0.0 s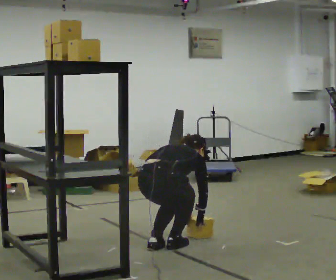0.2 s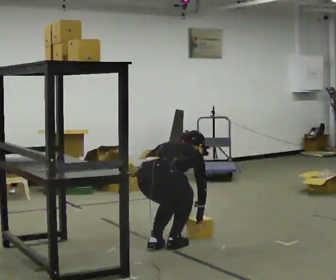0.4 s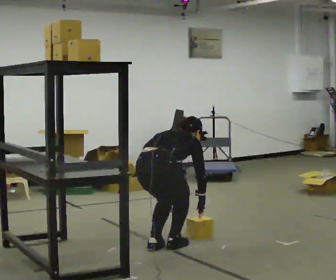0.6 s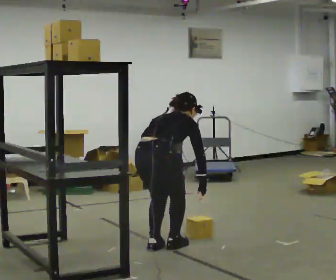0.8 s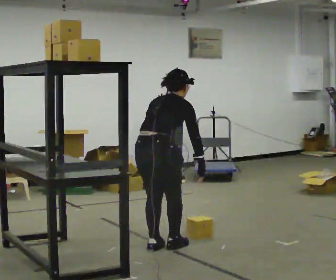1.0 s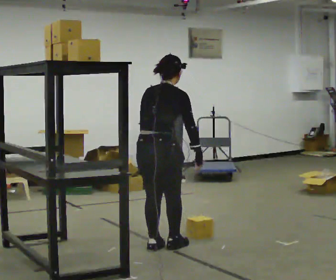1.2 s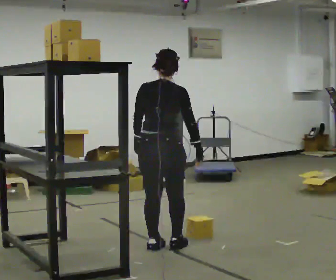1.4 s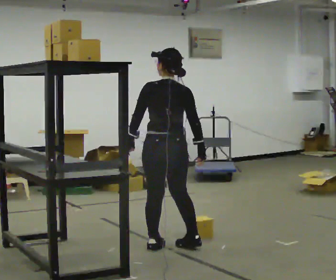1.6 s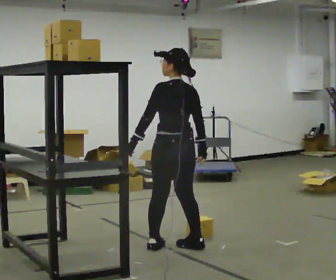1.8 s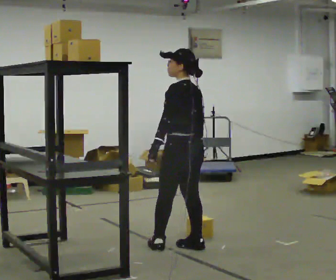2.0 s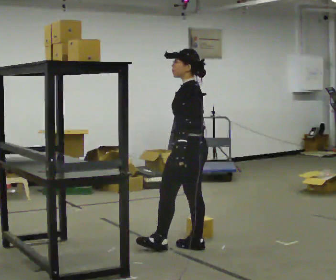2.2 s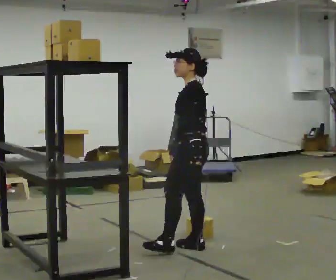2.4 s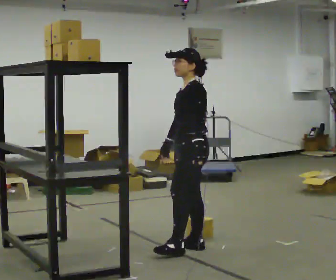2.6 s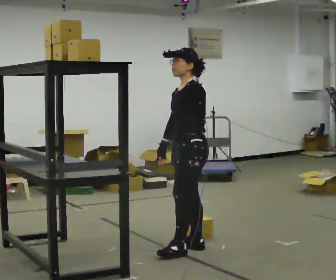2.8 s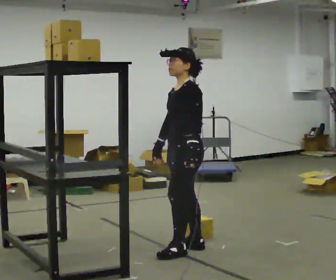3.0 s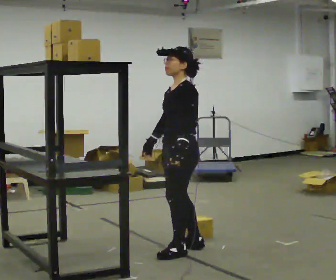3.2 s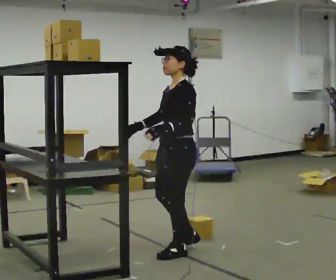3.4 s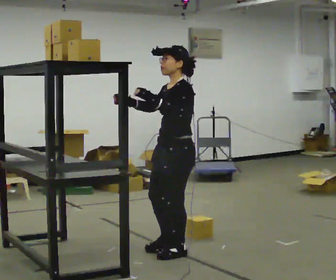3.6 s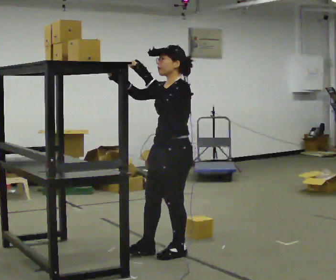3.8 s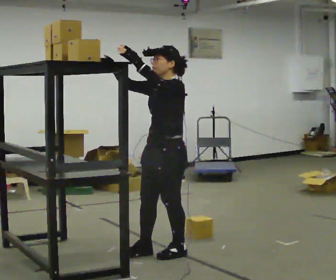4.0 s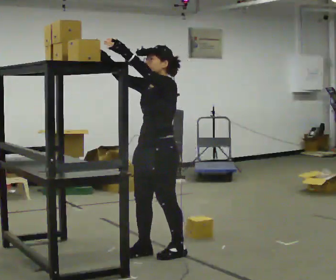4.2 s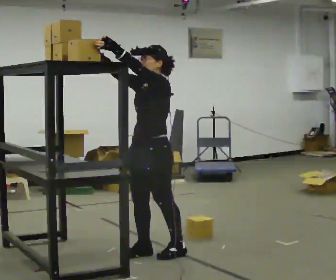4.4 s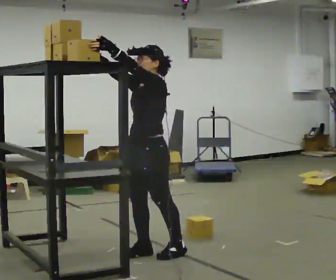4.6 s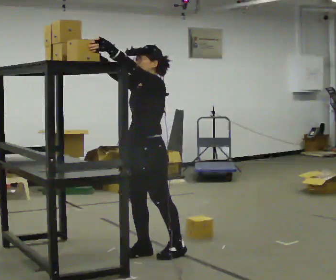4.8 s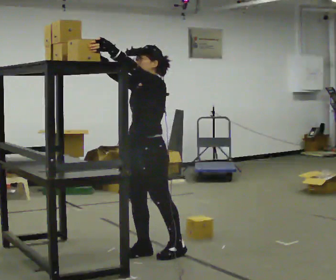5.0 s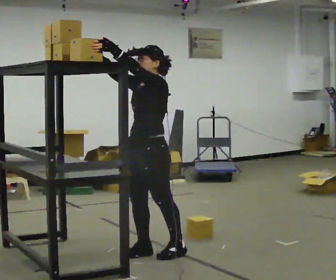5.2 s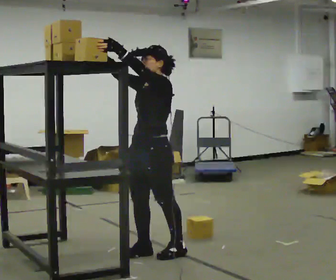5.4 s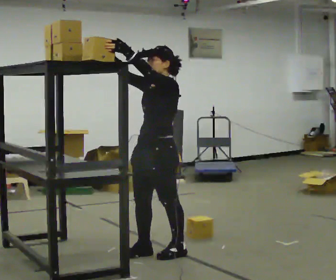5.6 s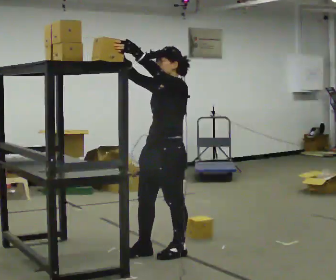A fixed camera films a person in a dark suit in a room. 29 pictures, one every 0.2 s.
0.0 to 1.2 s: The upper body goes upward. The upper body tips toward the camera, its near side rolling downward, as they lean back or straighten. In the picture their left hand goes upward and to the left.
1.2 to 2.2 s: Seen from above the body turns counterclockwise, about 105 degrees: to their left, with its near side sliding to the right. In the picture they go to the right, about 0.25 m in 1 step.
2.2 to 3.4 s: The part of the body nearest the lens slides to the right as the person turns to their left by about 30 degrees. In the picture they go toward the camera, about 0.25 m in 1 step, which for them is forward and to their left. In the picture their right hand goes upward and to the left, the arm swinging clockwise.
3.4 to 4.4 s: In the picture they go to the left, about 0.25 m in 1 step, which for them is forward.
4.4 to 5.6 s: The person moves a little, or ends about where they began.
The film runs forward here.
